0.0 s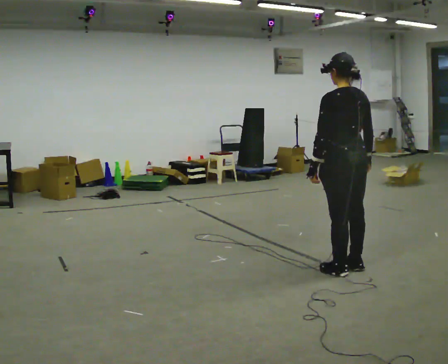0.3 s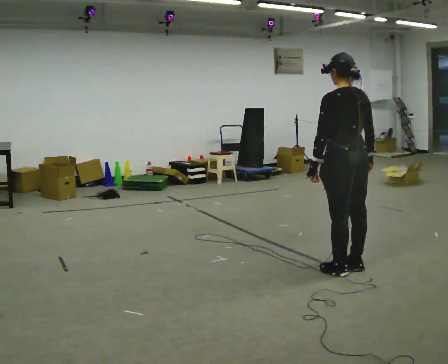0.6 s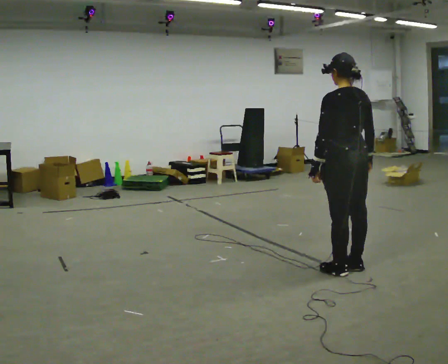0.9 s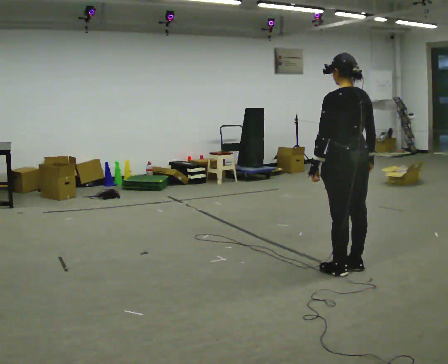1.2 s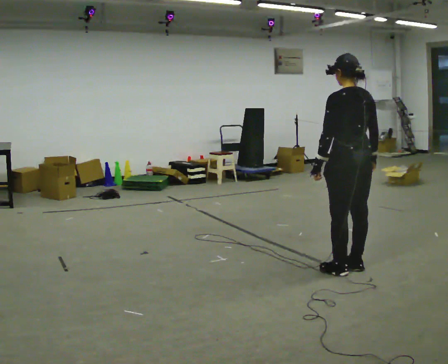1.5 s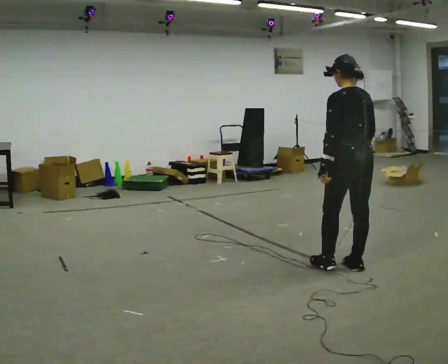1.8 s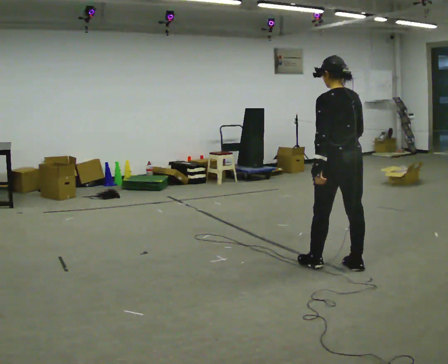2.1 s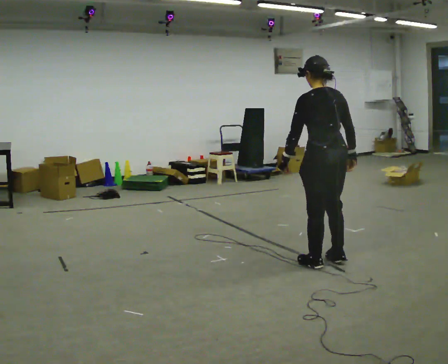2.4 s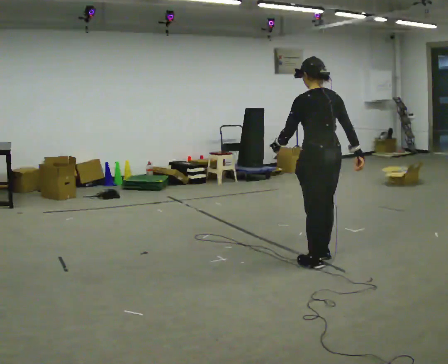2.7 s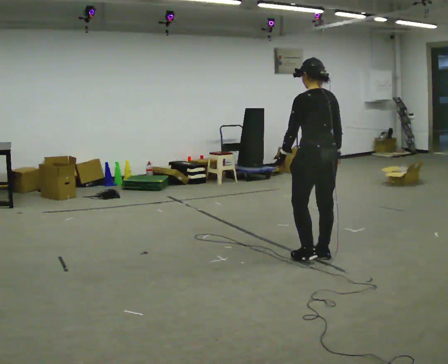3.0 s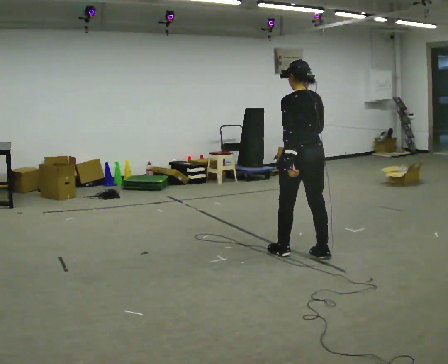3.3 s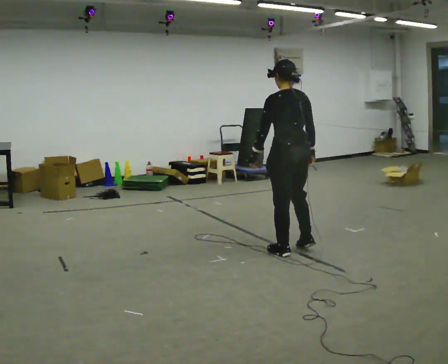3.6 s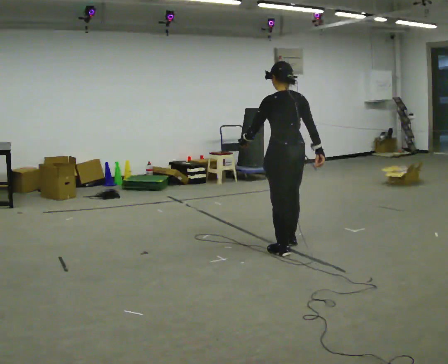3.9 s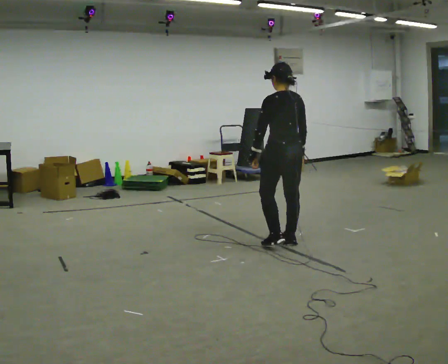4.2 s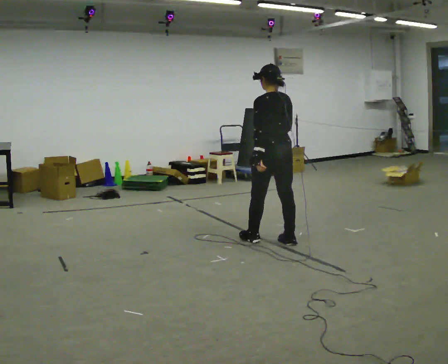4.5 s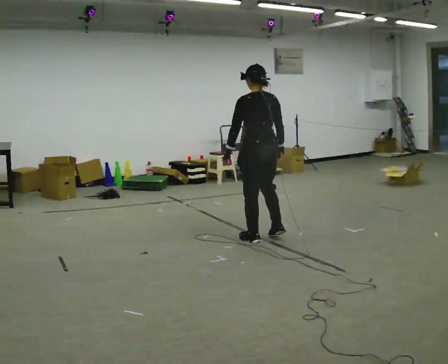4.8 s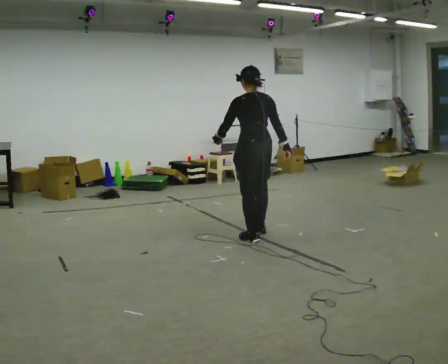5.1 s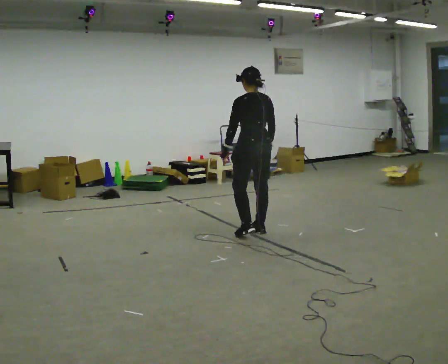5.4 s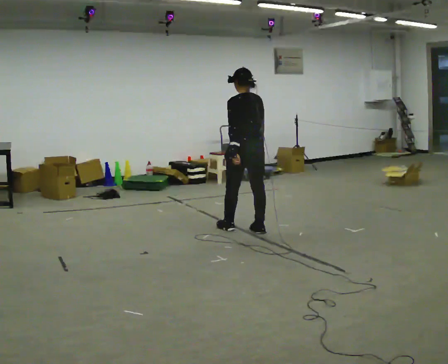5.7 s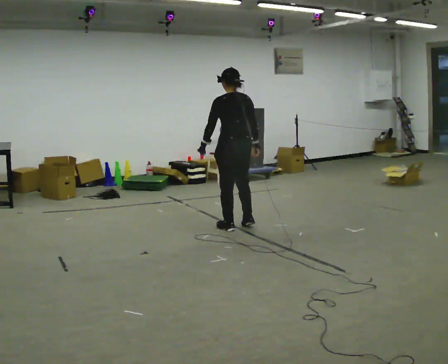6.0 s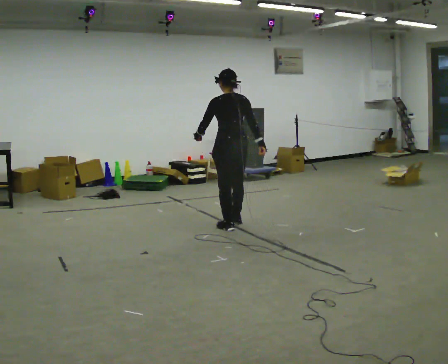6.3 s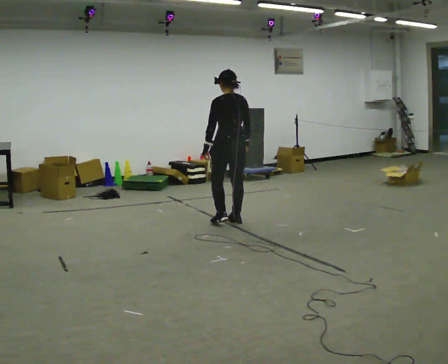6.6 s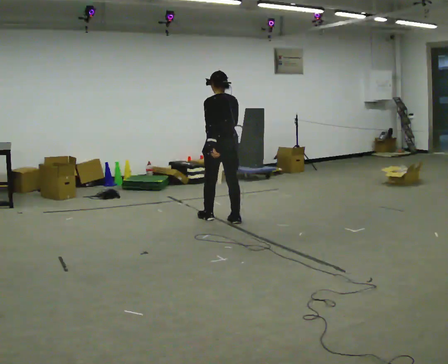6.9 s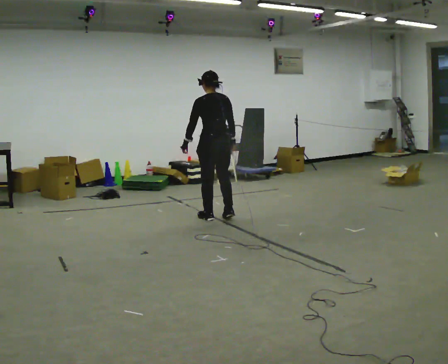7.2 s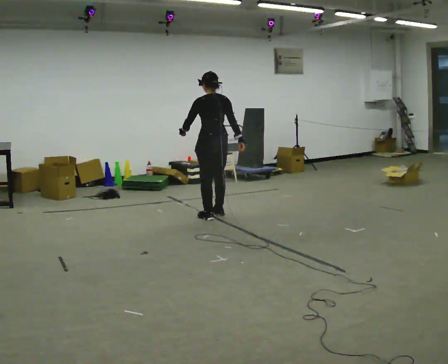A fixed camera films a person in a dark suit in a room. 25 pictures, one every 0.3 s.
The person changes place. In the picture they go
away from the camera.
0.0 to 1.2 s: The person moves a little, or ends about where they began.
1.2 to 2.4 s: In the picture they go to the left and away from the camera, about 0.25 m in 2 steps, which for them is forward.
2.4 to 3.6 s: In the picture they go away from the camera and to the left, about 0.5 m in 2 steps, which for them is forward.
3.6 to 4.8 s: In the picture they go away from the camera and to the left, about 0.5 m in 2 steps, which for them is forward.
4.8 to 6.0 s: In the picture they go away from the camera and to the left, about 0.5 m in 2 steps, which for them is forward.
6.0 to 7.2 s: In the picture they go away from the camera and to the left, about 0.5 m in 2 steps, which for them is forward.
The film runs forward here.
